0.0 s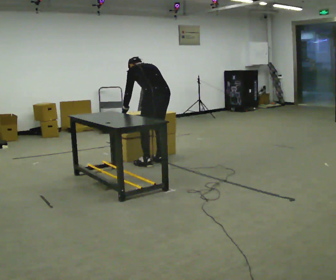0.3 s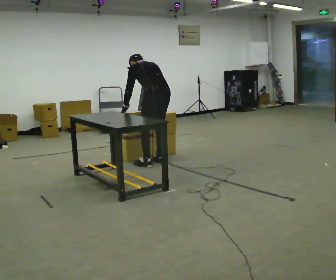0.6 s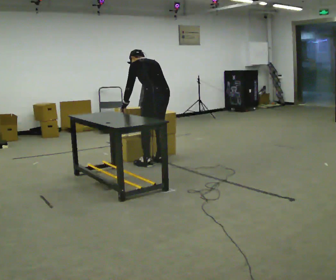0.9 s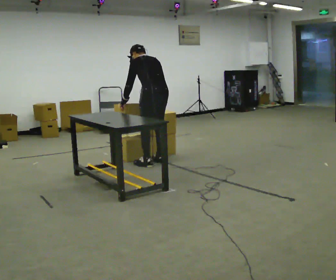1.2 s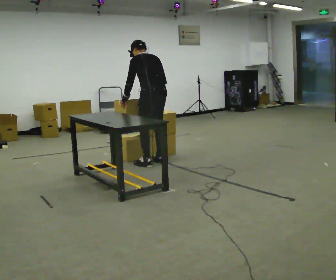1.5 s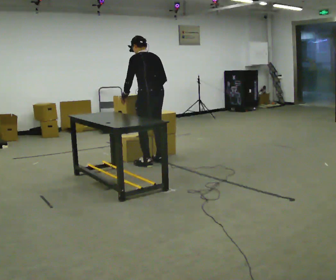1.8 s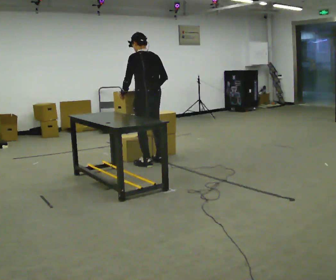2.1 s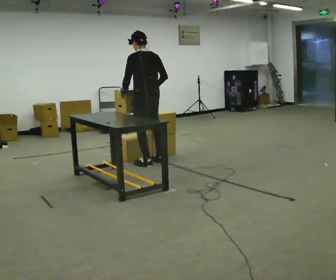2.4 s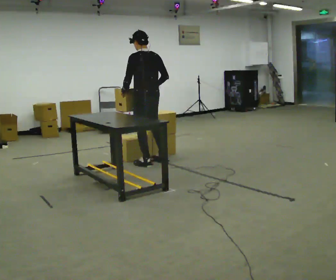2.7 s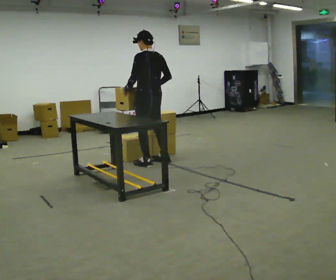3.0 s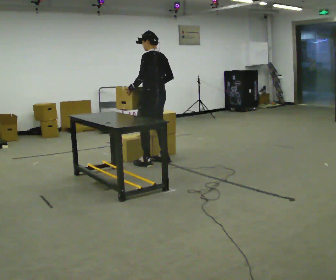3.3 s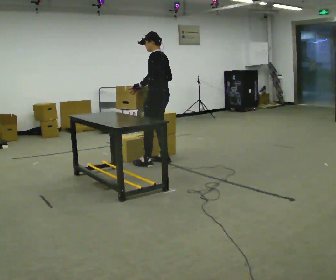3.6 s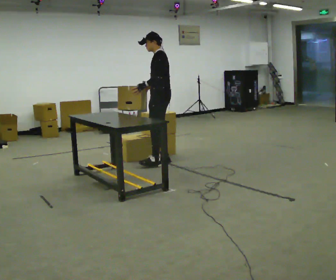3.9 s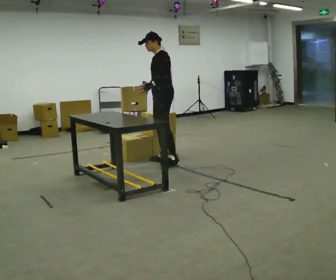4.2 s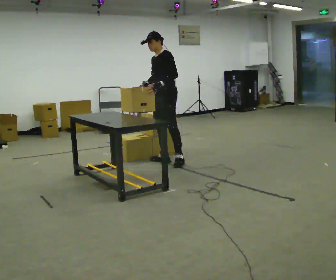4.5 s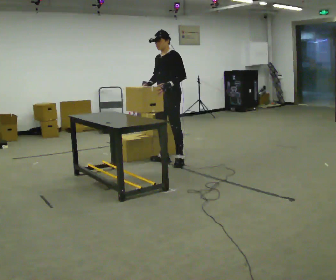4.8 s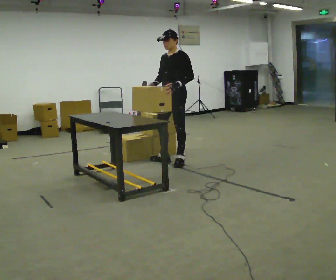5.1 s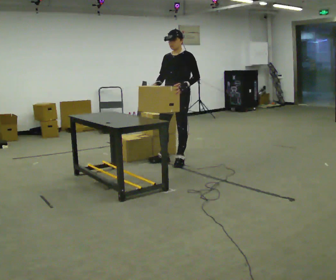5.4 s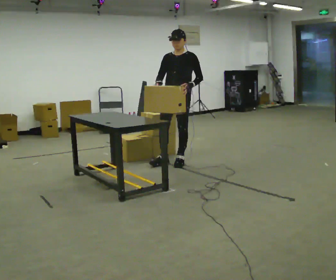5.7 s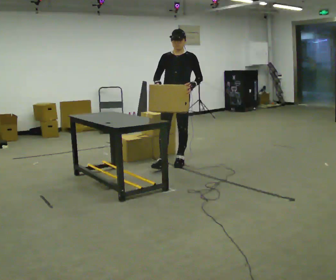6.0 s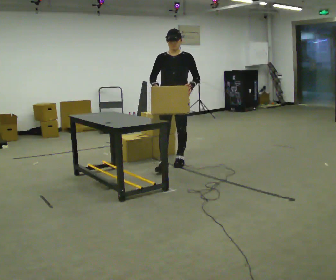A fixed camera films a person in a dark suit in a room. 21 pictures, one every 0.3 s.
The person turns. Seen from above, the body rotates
counterclockwise.
The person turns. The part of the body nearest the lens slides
to the right.
0.0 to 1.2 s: The upper body tips toward the camera, its near side rolling downward, as they lean back or straighten.
1.2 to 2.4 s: The upper body tips toward the camera, its near side rolling downward, as they lean back or straighten.
2.4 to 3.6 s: Seen from above the body turns counterclockwise, about 45 degrees: to their left, with its near side sliding to the right. In the picture they go to the right, about 0.25 m, which for them is to their right.
3.6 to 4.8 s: The part of the body nearest the lens slides to the right as the person turns to their left by about 45 degrees. In the picture they go to the right, about 0.25 m in 1 step, which for them is backward and to their left. In the picture their left hand goes to the right.
4.8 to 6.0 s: Seen from above the body turns counterclockwise, about 45 degrees: to their left, with its near side sliding to the right.
The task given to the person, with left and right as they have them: Pick the fragile object up and set it back down as gently as you can. Repeat at your own pace until the operator says stop. Keep both feet on the marked spots for the whole take. If you have to step, stop and tell the operator.
The film runs forward here.
